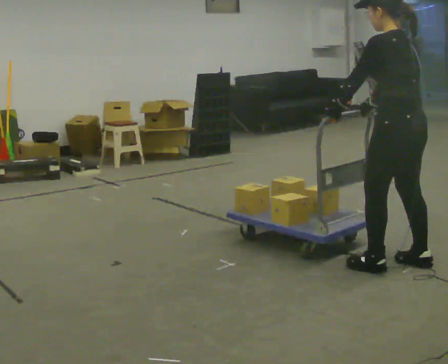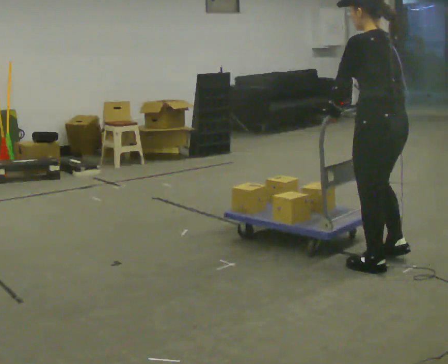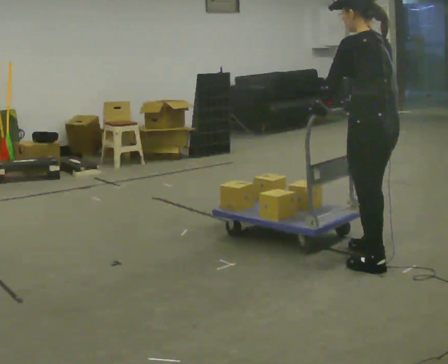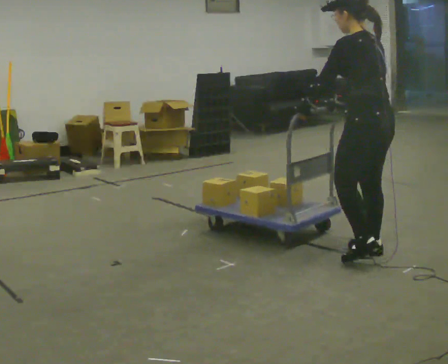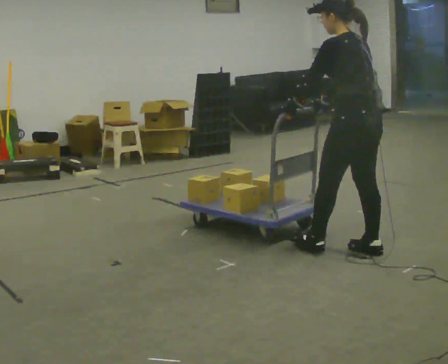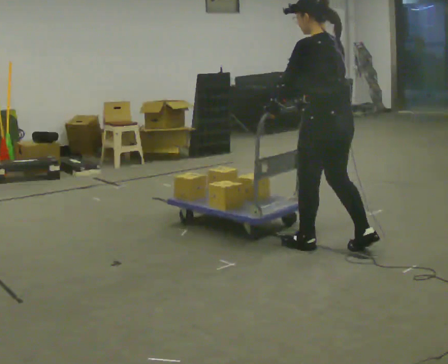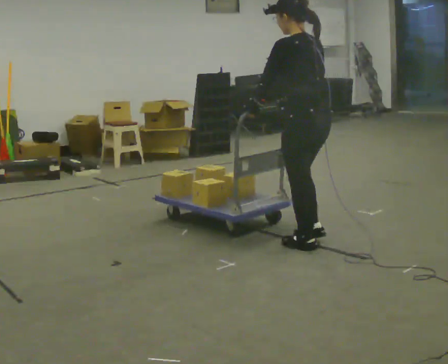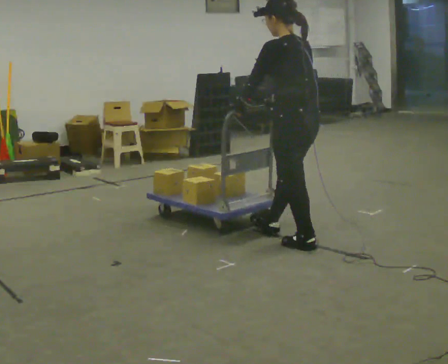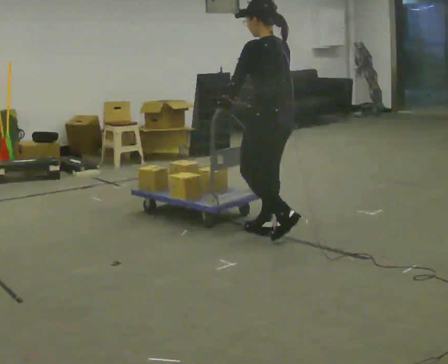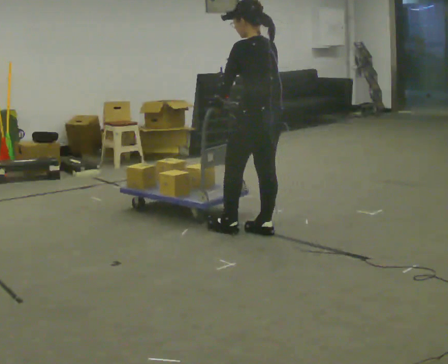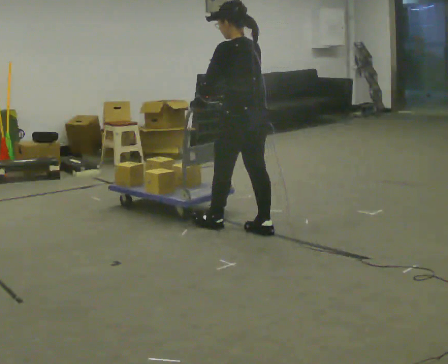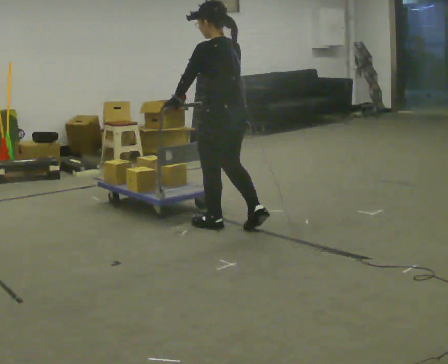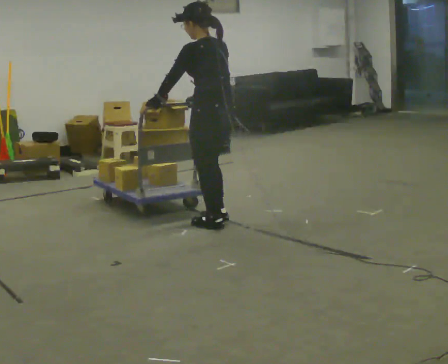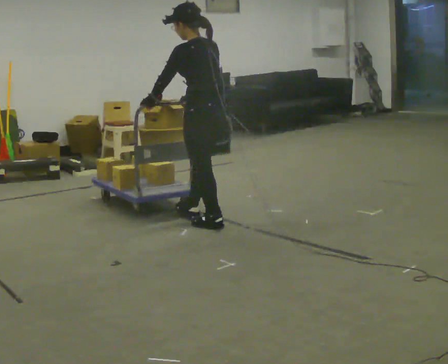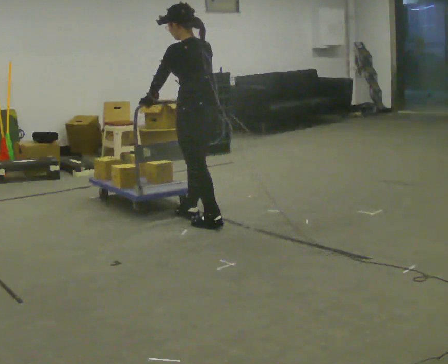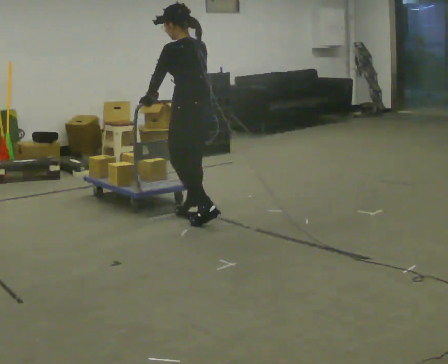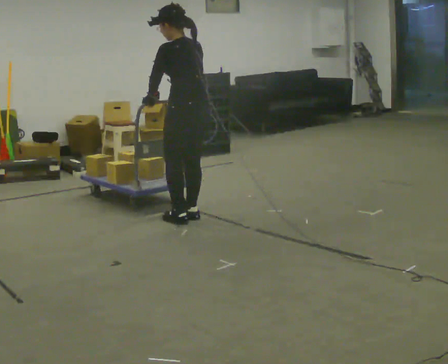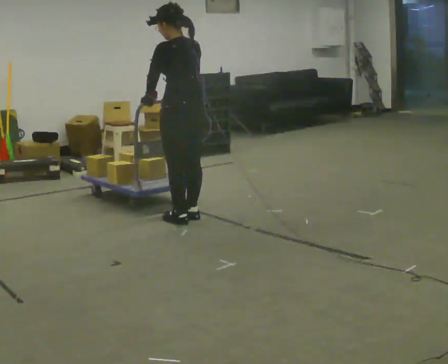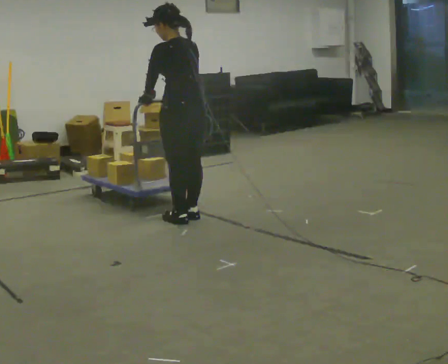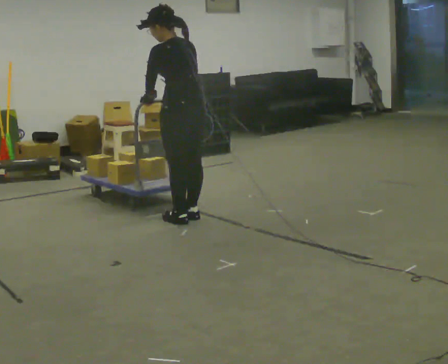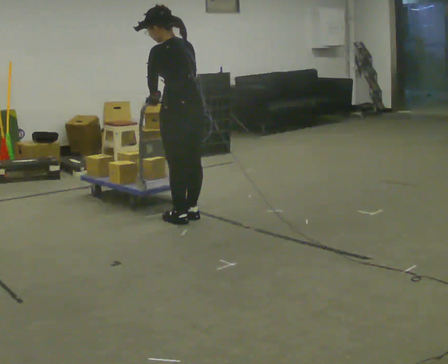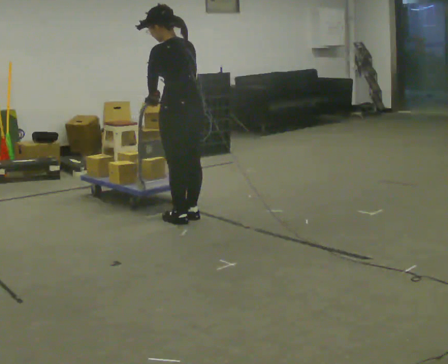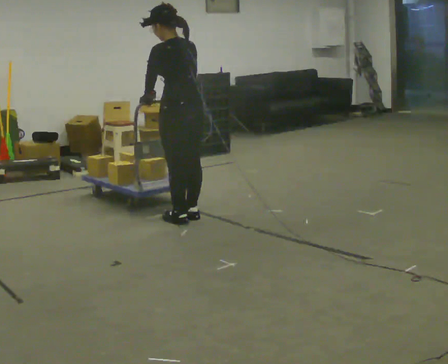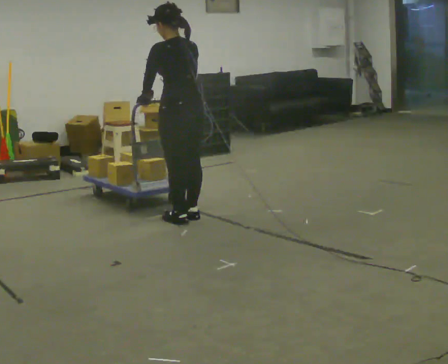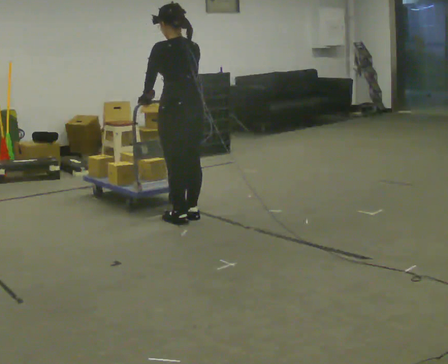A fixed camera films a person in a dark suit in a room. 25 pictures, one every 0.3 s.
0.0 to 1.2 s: In the picture they go away from the camera and to the left, about 0.25 m in 1 step, which for them is forward.
1.2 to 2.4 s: In the picture they go away from the camera and to the left, about 0.75 m in 2 steps, which for them is forward.
2.4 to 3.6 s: In the picture they go to the left and away from the camera, about 0.5 m in 1 step, which for them is forward.
3.6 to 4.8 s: In the picture they go away from the camera and to the left, about 0.25 m in 2 steps, which for them is forward.
4.8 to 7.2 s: The person moves a little, or ends about where they began.
The film runs forward here.
